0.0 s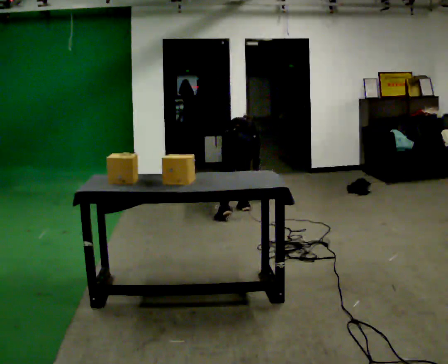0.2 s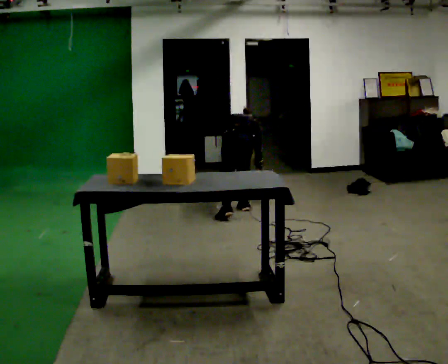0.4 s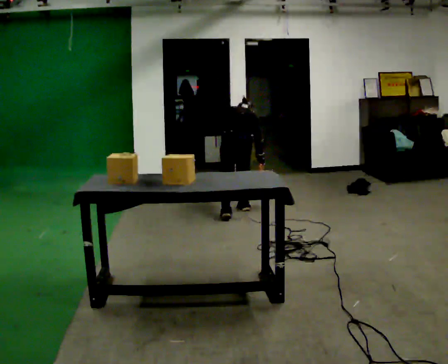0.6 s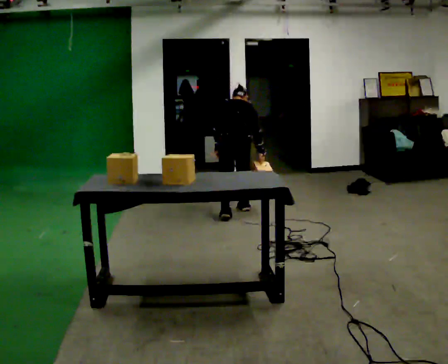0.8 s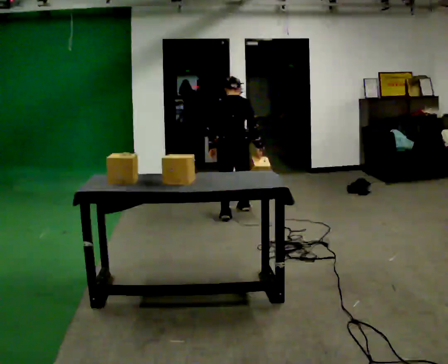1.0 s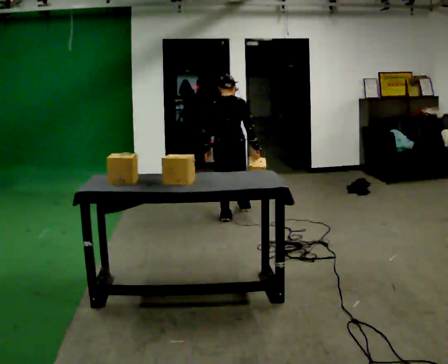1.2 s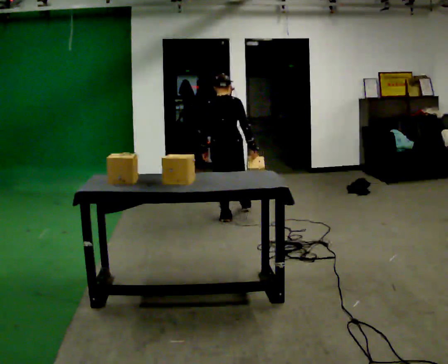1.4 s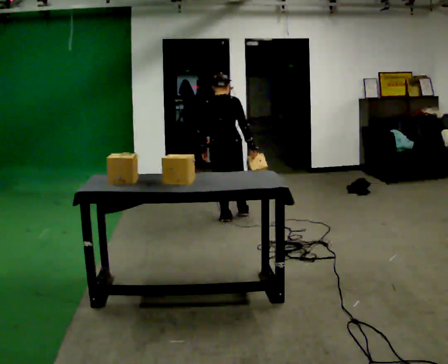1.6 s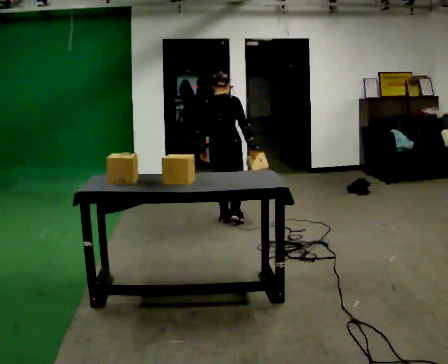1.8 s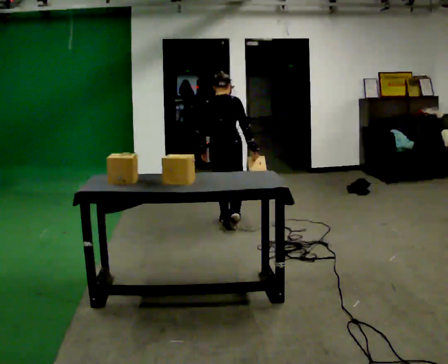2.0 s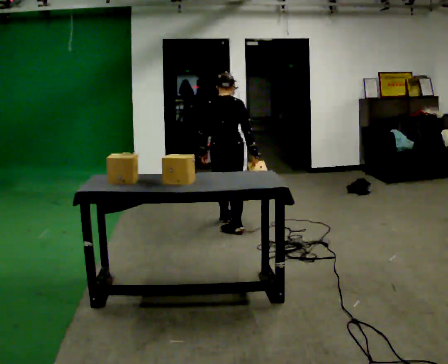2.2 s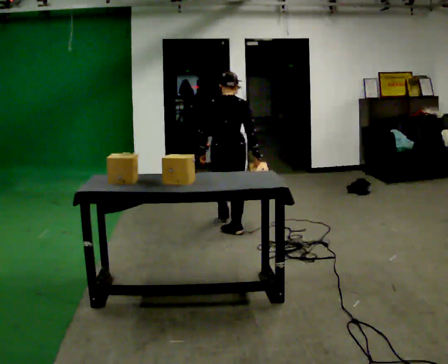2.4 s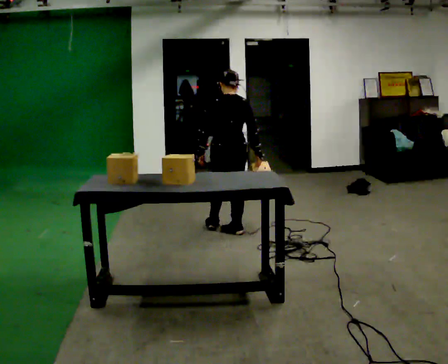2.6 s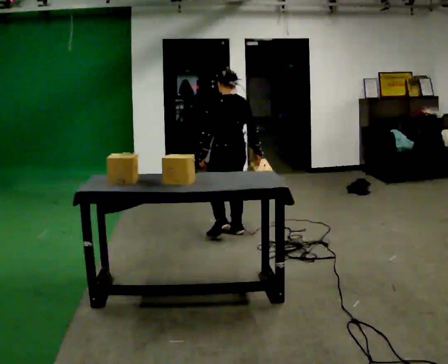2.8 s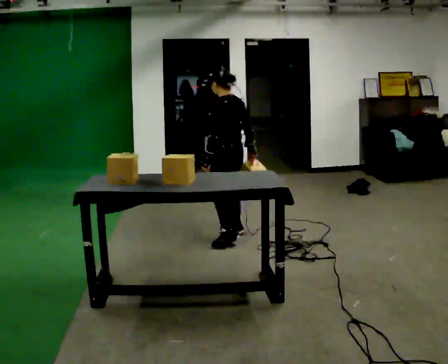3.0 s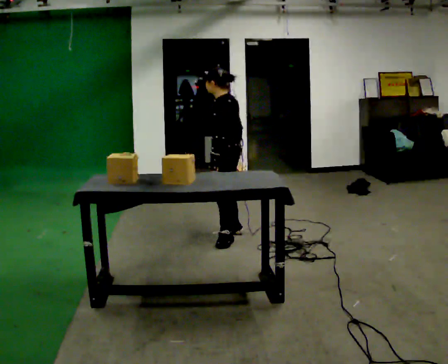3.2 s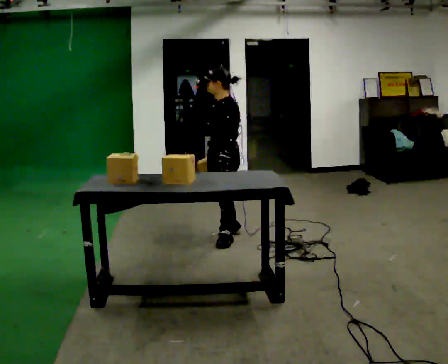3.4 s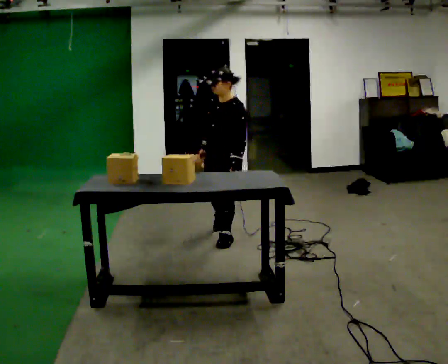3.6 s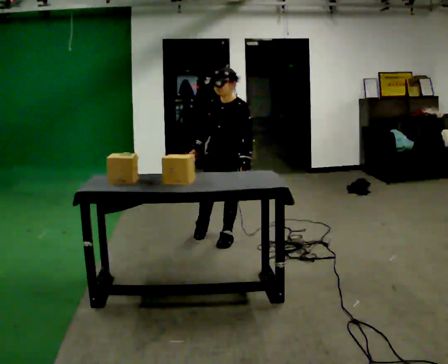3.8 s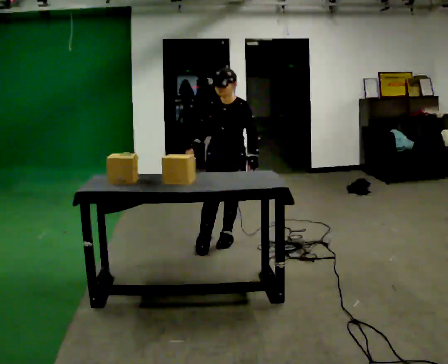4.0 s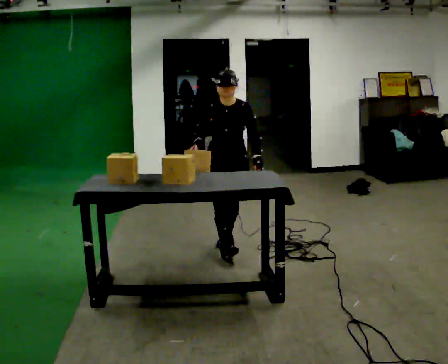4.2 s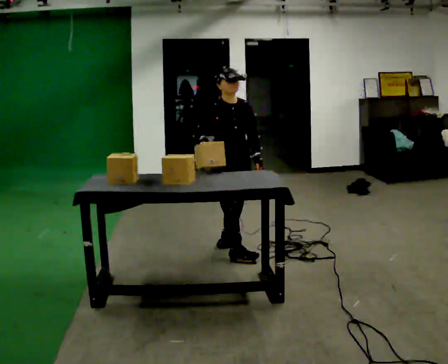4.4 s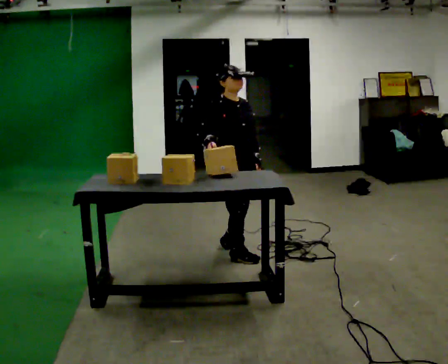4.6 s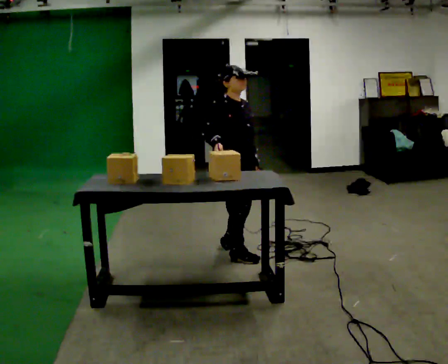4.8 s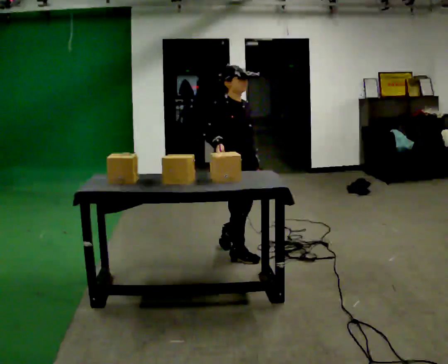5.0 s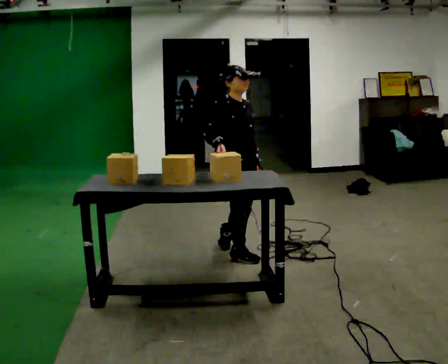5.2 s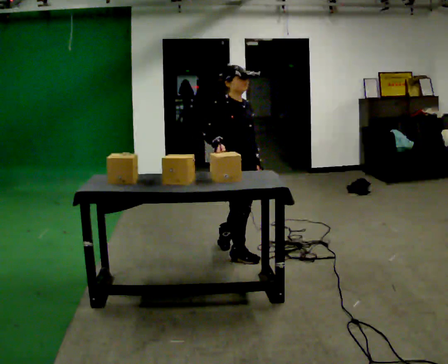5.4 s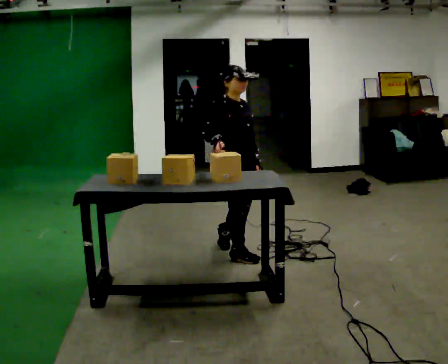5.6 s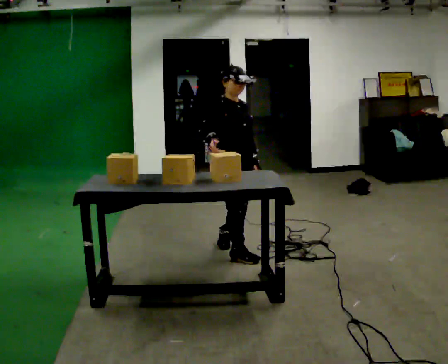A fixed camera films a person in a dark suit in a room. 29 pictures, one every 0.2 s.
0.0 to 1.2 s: In the picture they go toward the camera, about 0.25 m in 1 step, which for them is to their left and backward. The upper body goes upward. The upper body tips toward the camera, its near side rolling downward, as they lean back or straighten. In the picture their right hand goes upward.
1.2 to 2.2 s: In the picture they go toward the camera, about 0.5 m in 1 step, which for them is backward.
2.2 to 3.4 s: The person turns about 150 degrees to their left, counterclockwise seen from above, so the part of the body nearest the lens slides to the right. In the picture they go toward the camera, about 0.5 m in 1 step.
3.4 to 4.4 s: Seen from above the body turns counterclockwise, about 75 degrees: to their left, with its near side sliding to the right. In the picture they go toward the camera, about 0.25 m.
4.4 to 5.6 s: The person moves a little, or ends about where they began.
The film runs backward here.
